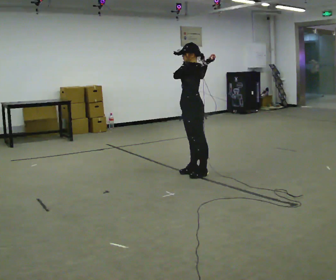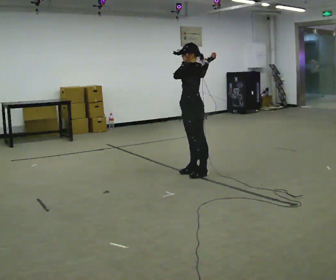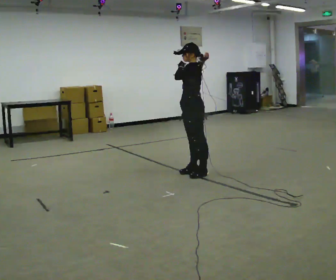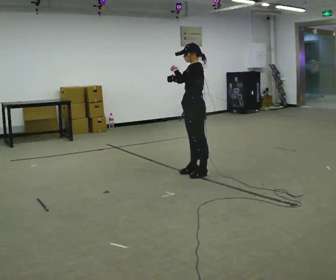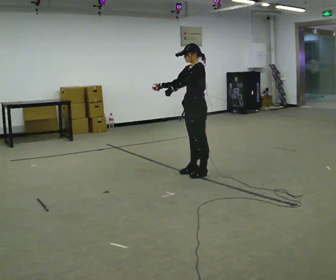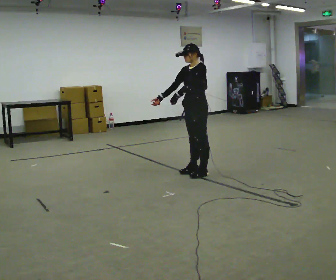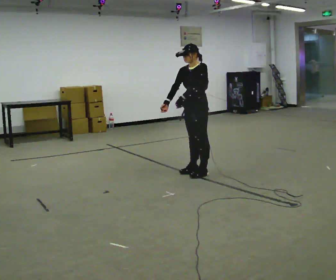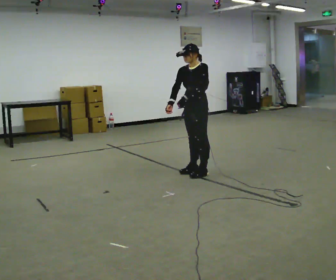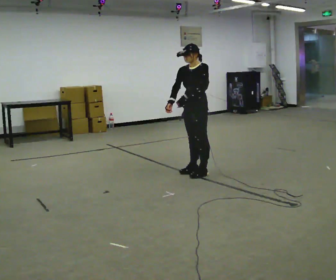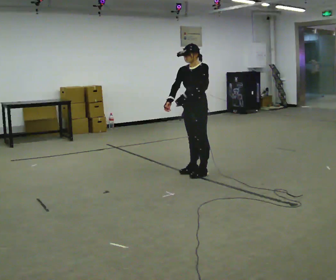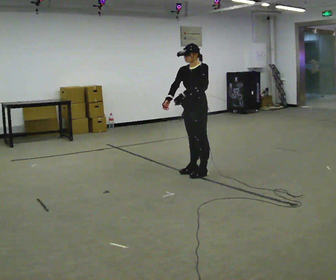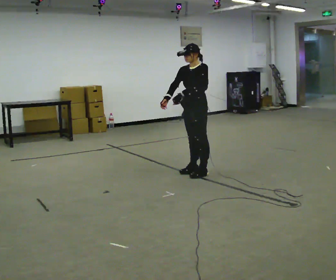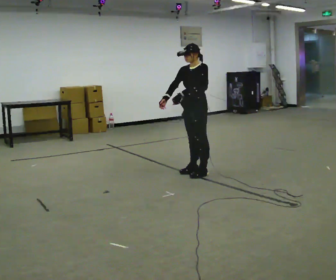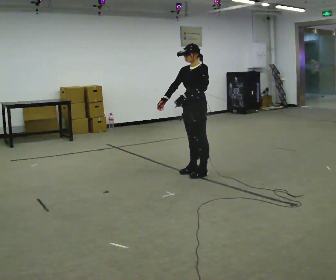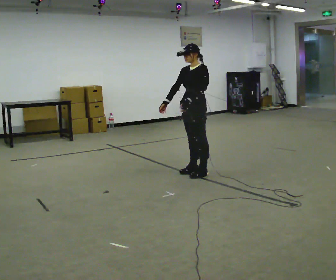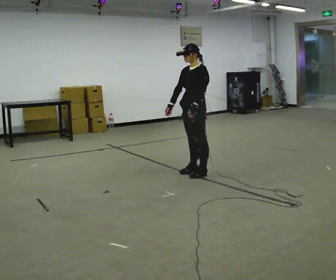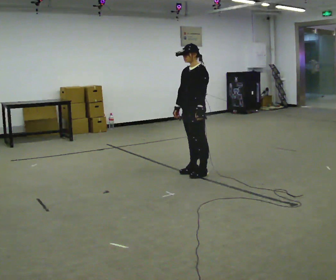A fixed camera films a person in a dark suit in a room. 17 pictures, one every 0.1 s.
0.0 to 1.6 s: In the picture their right hand goes downward and to the left.
The film runs backward here.
